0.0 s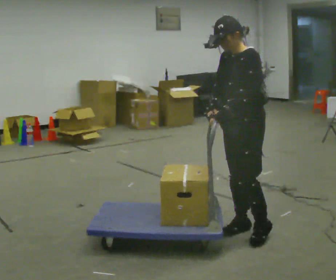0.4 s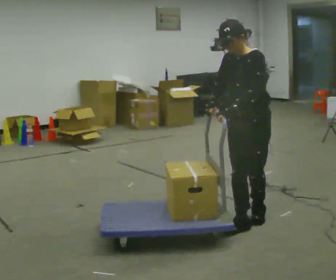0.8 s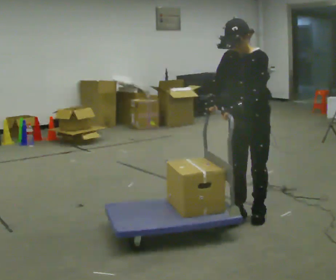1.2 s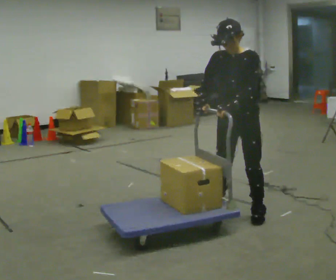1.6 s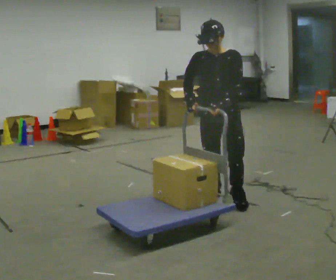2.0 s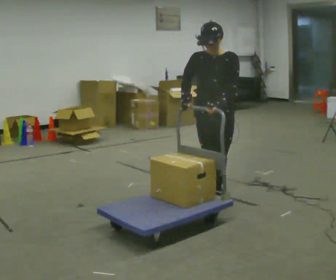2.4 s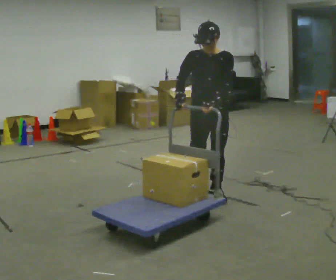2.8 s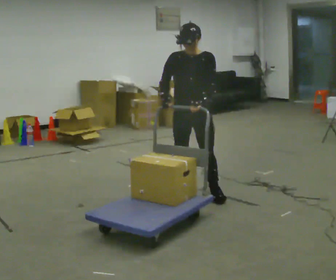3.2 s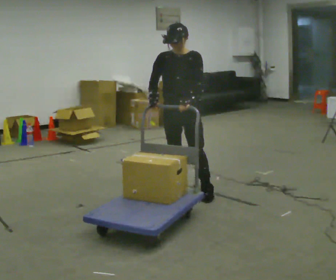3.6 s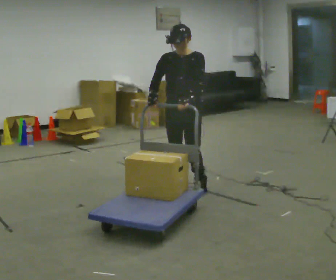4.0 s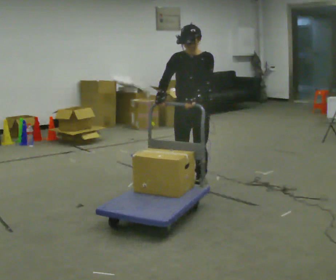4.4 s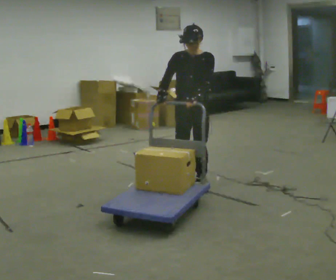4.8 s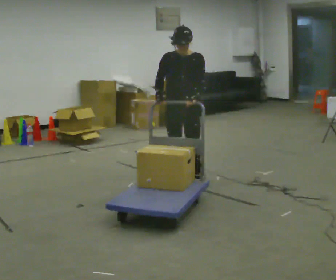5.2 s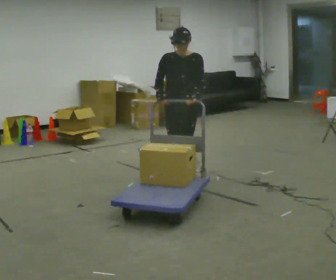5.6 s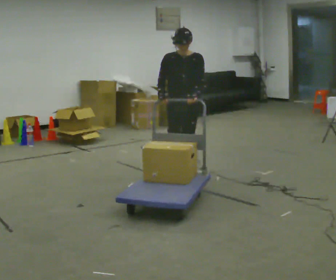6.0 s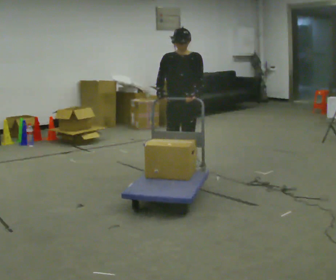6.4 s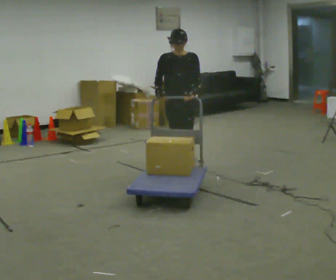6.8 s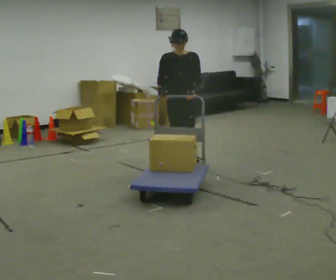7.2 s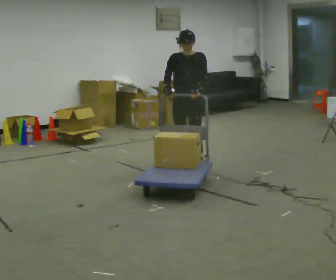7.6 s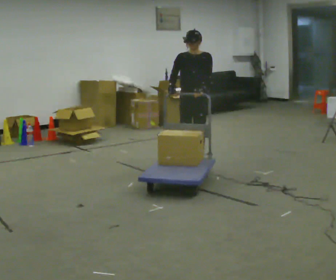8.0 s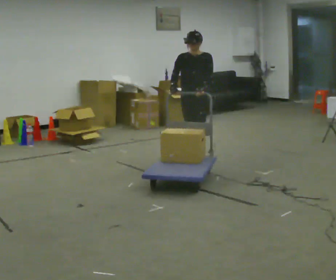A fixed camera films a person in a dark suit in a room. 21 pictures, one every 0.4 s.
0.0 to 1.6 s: Seen from above the body turns counterclockwise, about 45 degrees: to their left, with its near side sliding to the right. In the picture they go away from the camera, about 0.5 m in 2 steps, which for them is to their right and backward.
1.6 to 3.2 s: In the picture they go away from the camera and to the left, about 0.5 m in 2 steps, which for them is to their right and backward.
3.2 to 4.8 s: In the picture they go away from the camera, about 0.25 m in 2 steps, which for them is backward.
4.8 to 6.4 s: In the picture they go away from the camera, about 0.5 m in 1 step, which for them is backward.
6.4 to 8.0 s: In the picture they go away from the camera and to the right, about 0.5 m in 2 steps, which for them is backward.
The film runs backward here.
